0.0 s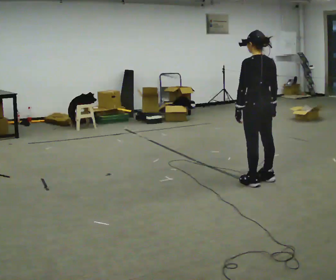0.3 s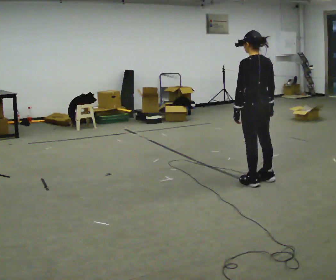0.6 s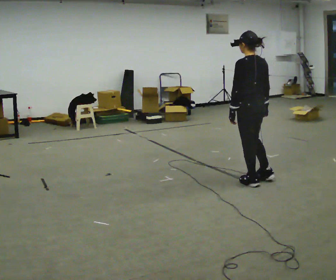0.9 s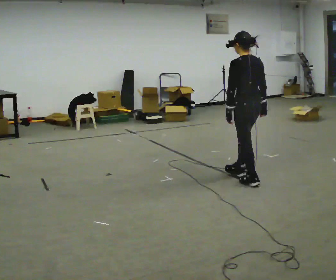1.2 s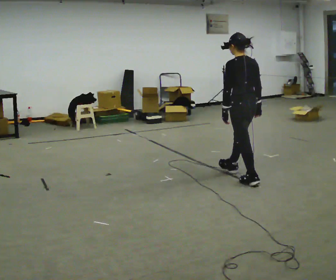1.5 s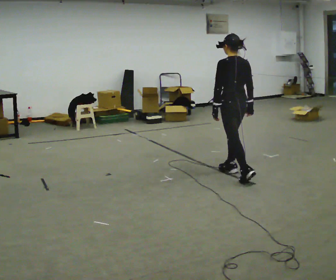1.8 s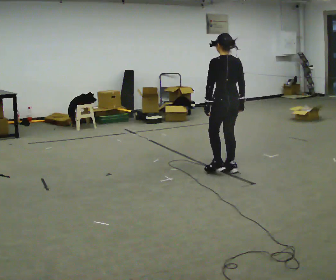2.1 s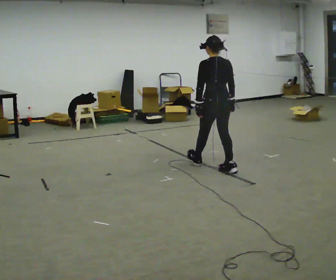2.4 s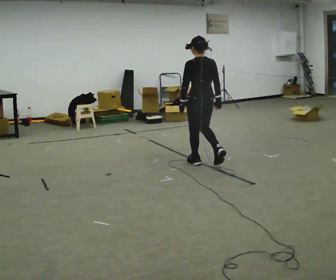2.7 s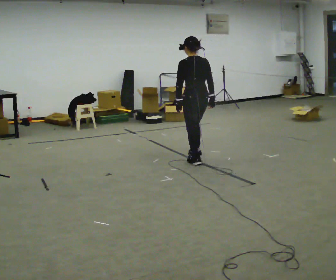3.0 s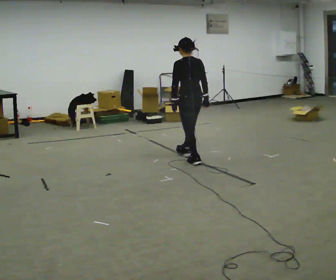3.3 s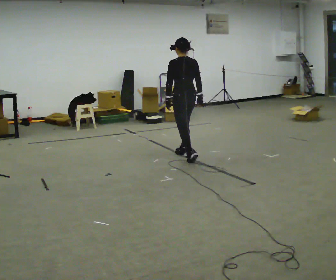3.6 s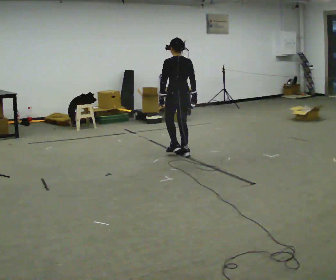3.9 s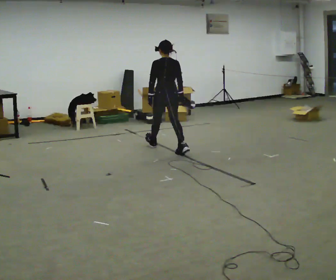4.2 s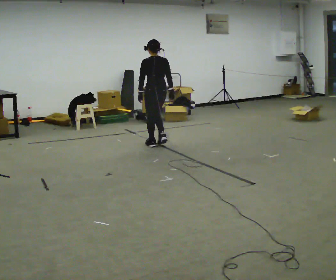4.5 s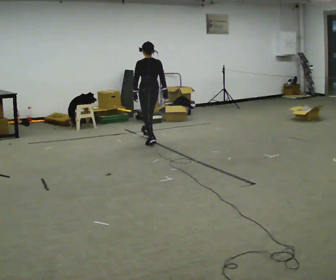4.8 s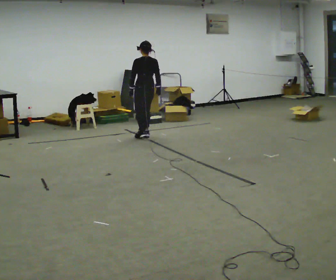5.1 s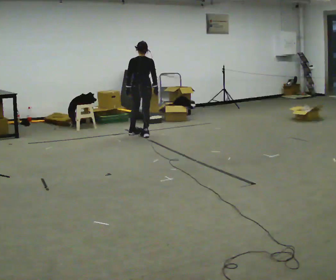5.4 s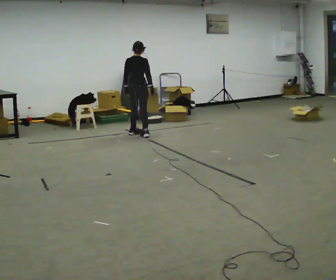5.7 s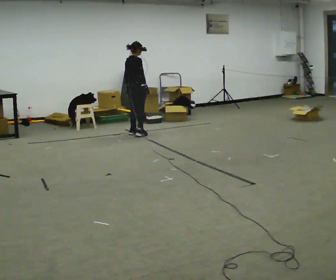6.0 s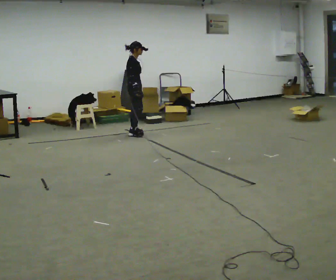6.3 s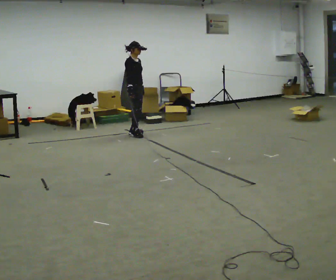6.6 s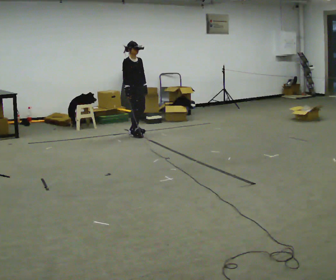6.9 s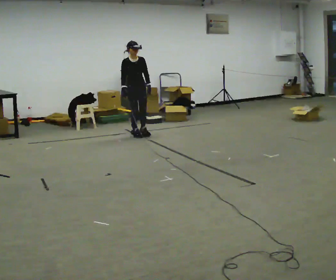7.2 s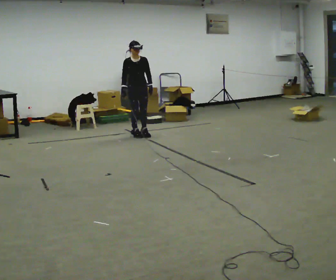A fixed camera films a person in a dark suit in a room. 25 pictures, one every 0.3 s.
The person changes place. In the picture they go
away from the camera.
The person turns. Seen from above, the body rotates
clockwise.
0.0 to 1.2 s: The person moves a little, or ends about where they began.
1.2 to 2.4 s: In the picture they go away from the camera and to the left, about 0.75 m in 1 step, which for them is forward.
2.4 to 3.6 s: In the picture they go away from the camera and to the left, about 0.5 m in 1 step, which for them is forward.
3.6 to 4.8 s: In the picture they go away from the camera and to the left, about 1 m in 2 steps, which for them is forward.
4.8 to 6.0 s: The part of the body nearest the lens slides to the left as the person turns to their right by about 105 degrees. In the picture they go away from the camera and to the left, about 0.25 m in 2 steps.
6.0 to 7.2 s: The part of the body nearest the lens slides to the left as the person turns to their right by about 75 degrees.
The film runs forward here.
